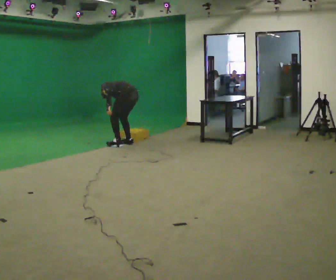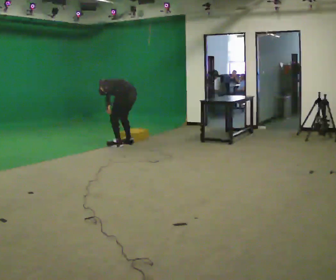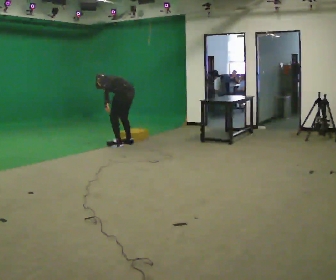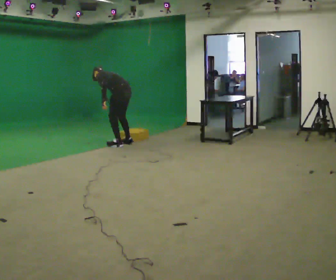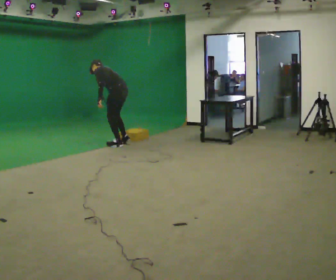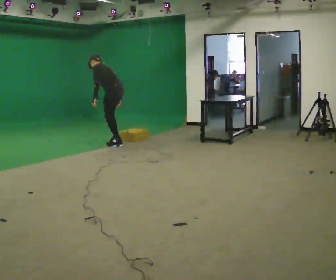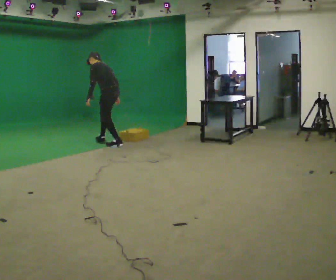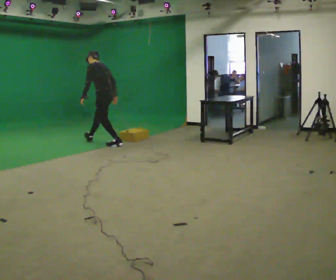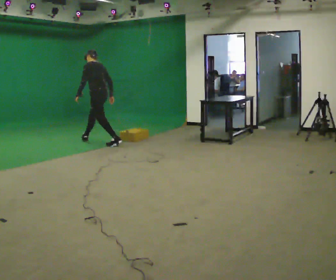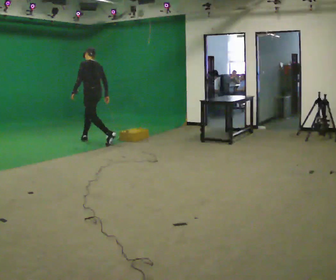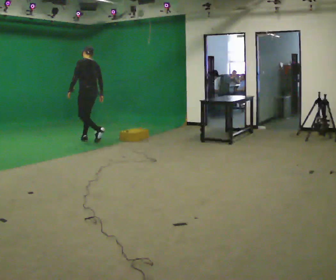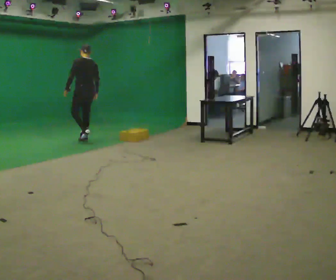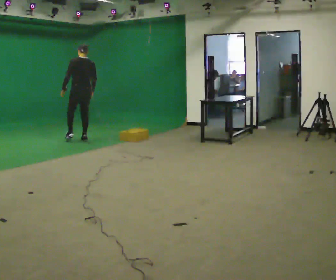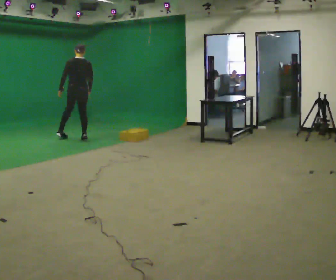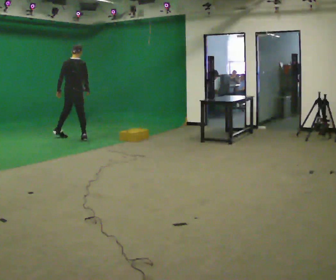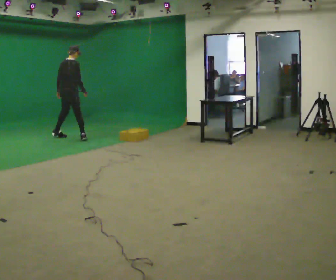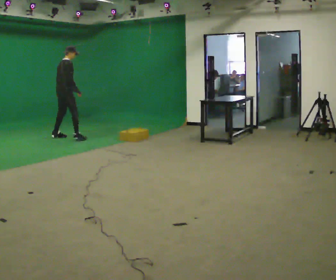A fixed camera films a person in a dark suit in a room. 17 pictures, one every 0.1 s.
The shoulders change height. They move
upward.
The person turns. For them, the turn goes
to their right.
0.0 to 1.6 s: The part of the body nearest the lens slides to the left as the person turns to their right by about 105 degrees. In the picture they go to the left and away from the camera, about 1.5 m in 2 steps. The upper body goes upward. In the picture the upper body tilts clockwise, shoulders to the right, as they lean back or straighten.
The film runs forward here.
